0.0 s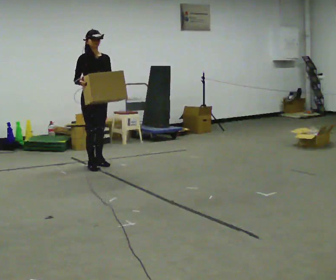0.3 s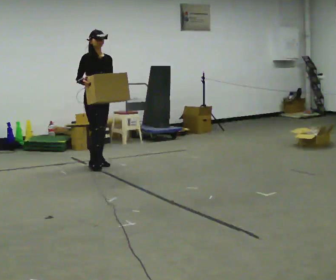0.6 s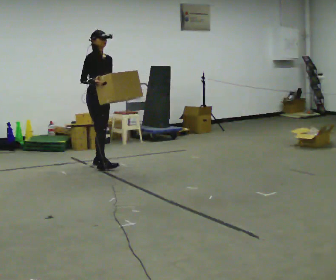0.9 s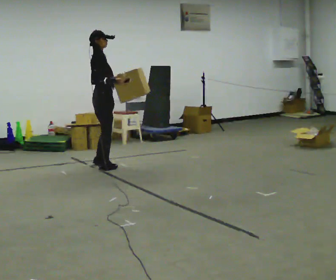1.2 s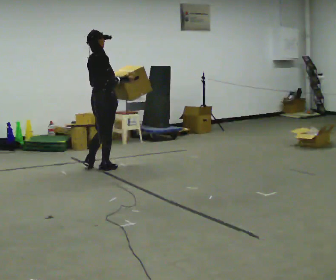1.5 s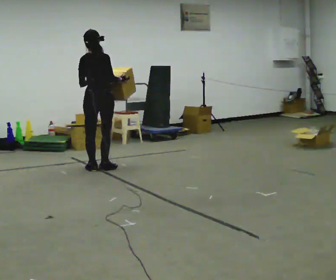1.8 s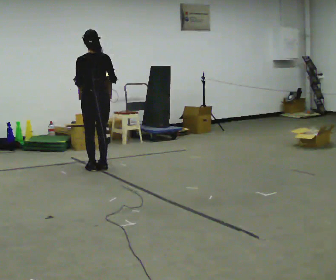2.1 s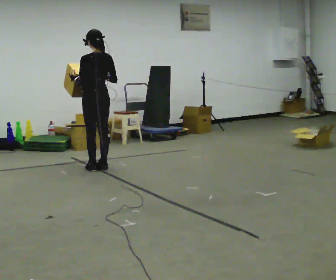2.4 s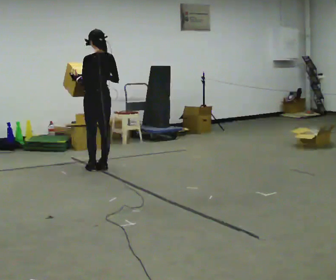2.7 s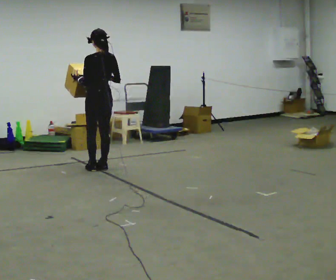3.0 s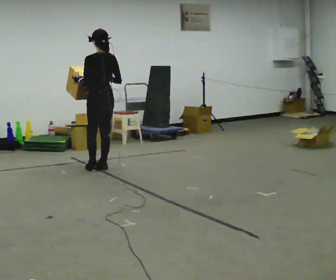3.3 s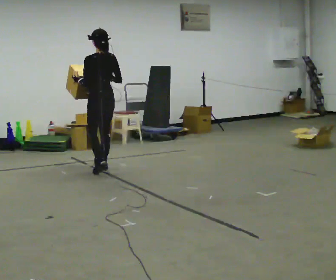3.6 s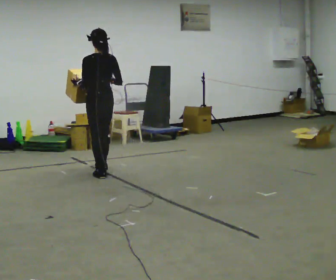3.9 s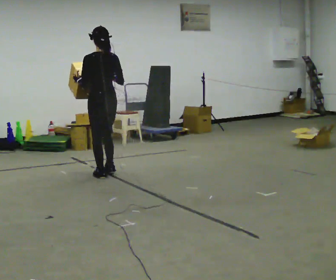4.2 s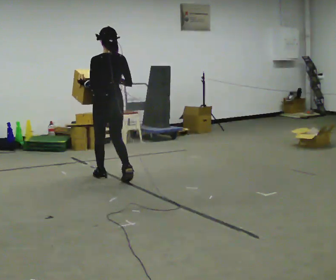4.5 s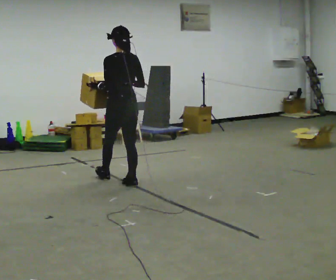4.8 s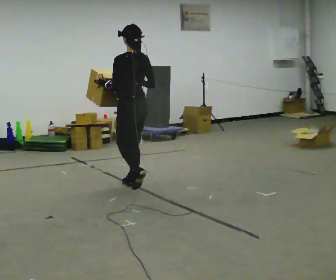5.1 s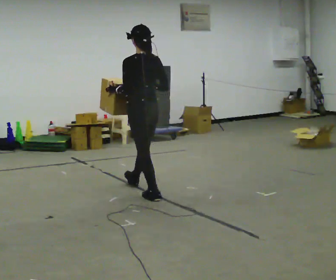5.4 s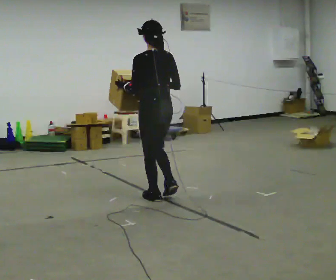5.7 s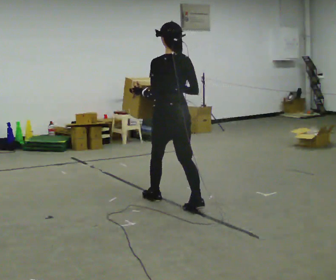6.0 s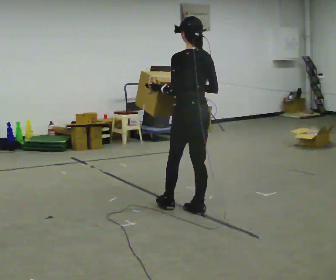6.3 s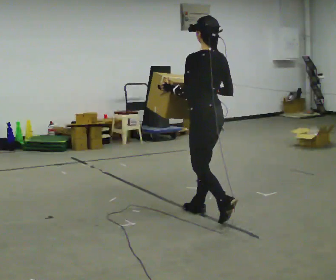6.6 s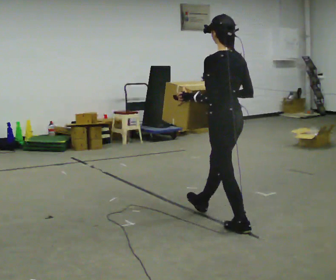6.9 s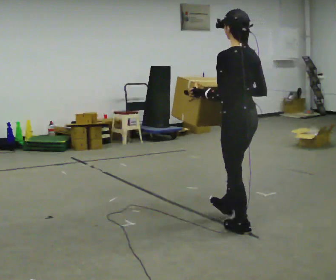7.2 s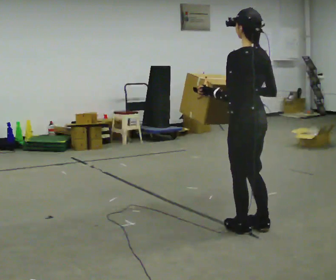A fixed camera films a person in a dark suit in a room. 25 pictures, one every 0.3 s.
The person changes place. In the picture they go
toward the camera.
0.0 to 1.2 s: Seen from above the body turns counterclockwise, about 90 degrees: to their left, with its near side sliding to the right. In the picture their right hand goes to the right.
1.2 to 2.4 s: The part of the body nearest the lens slides to the right as the person turns to their left by about 90 degrees.
2.4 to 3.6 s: In the picture they go toward the camera, about 0.25 m in 1 step, which for them is backward.
3.6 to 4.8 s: In the picture they go toward the camera and to the right, about 0.5 m in 2 steps, which for them is backward.
4.8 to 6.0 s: In the picture they go toward the camera and to the right, about 1 m in 2 steps, which for them is backward.
6.0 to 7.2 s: In the picture they go toward the camera and to the right, about 0.5 m in 1 step, which for them is backward.
The film runs backward here.
